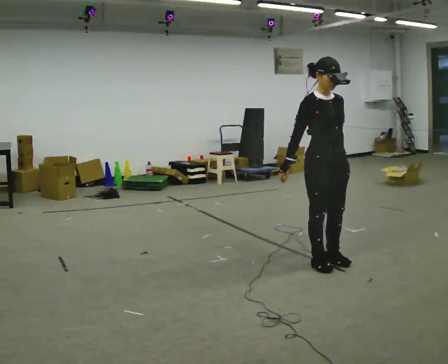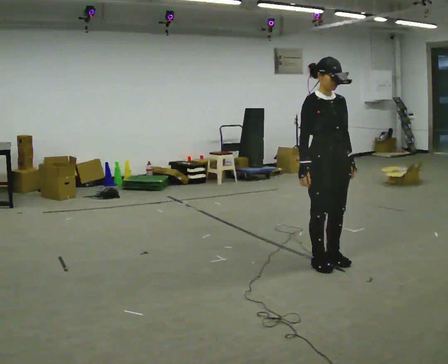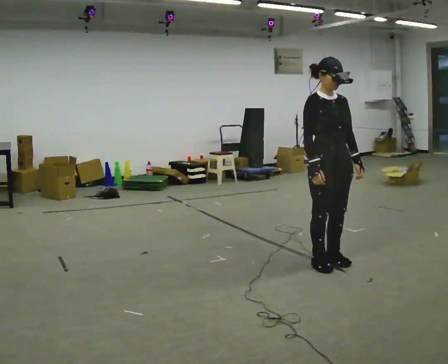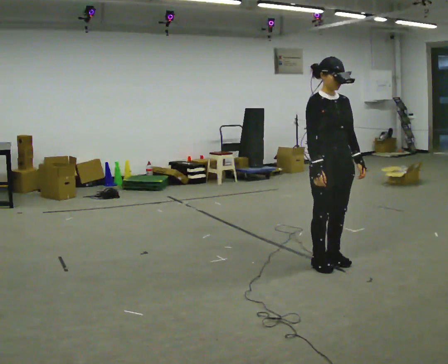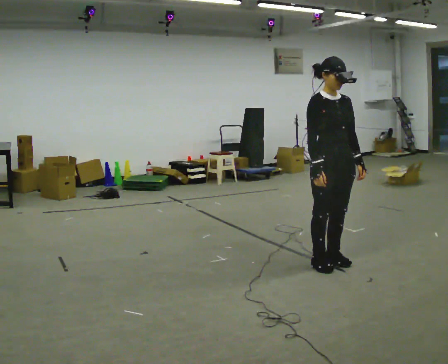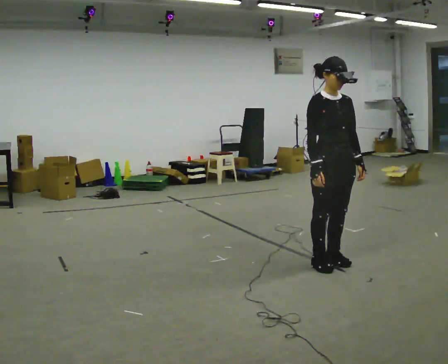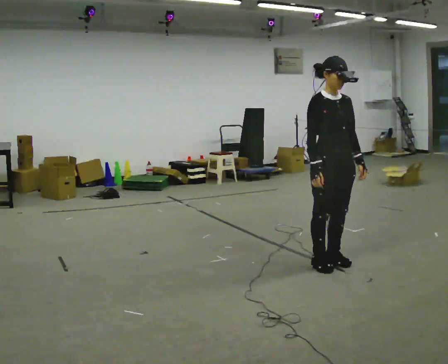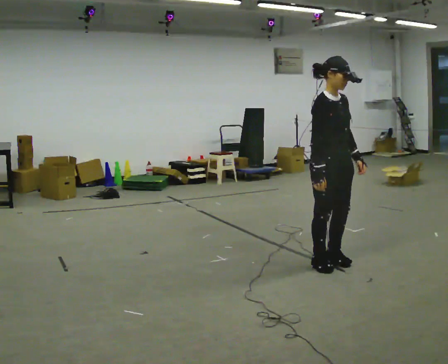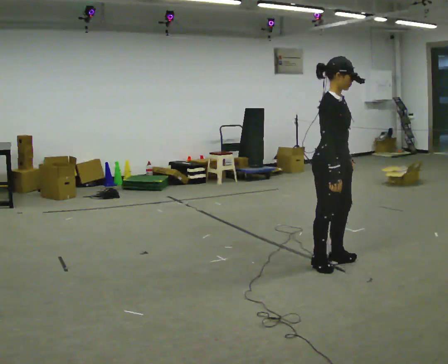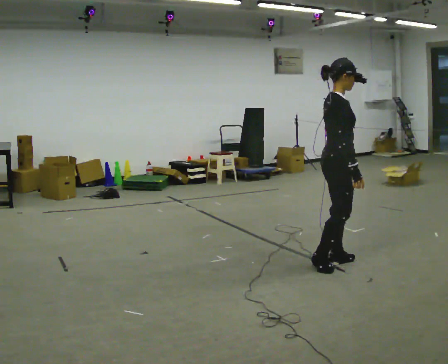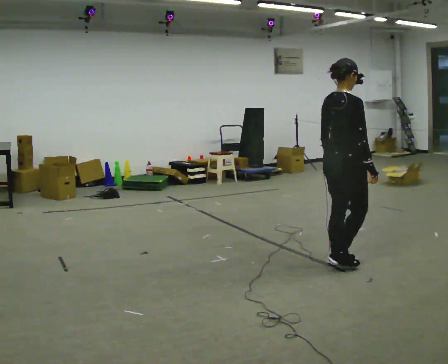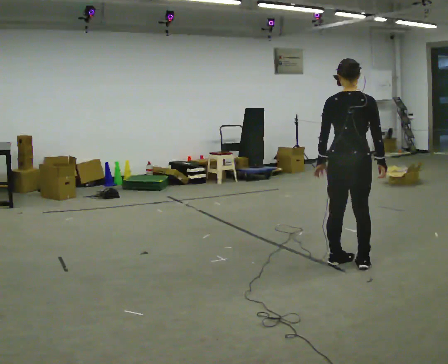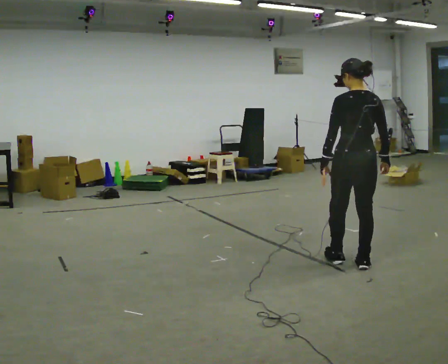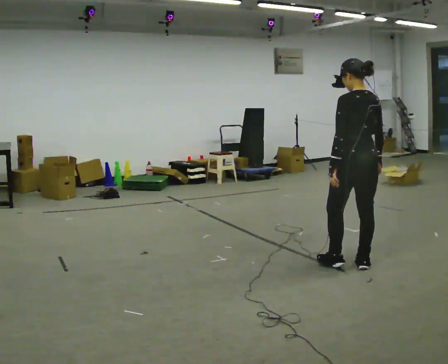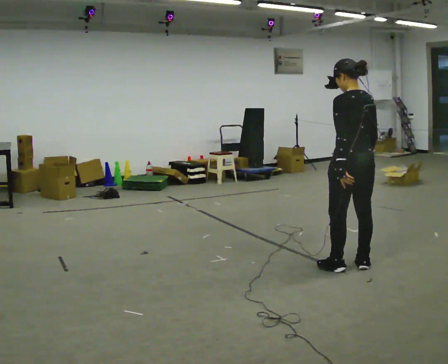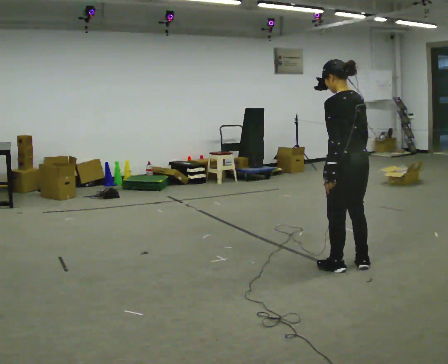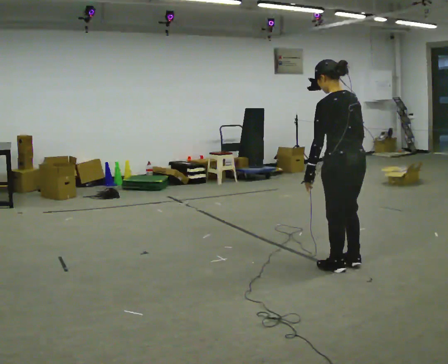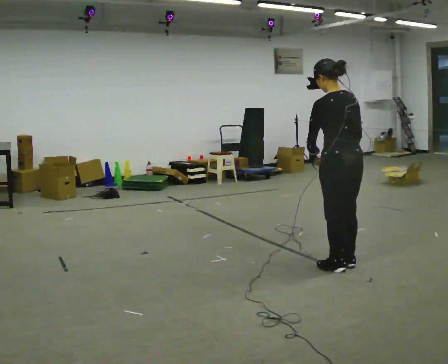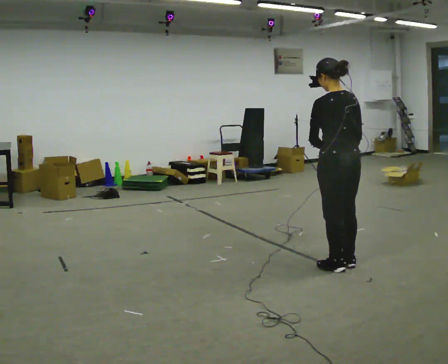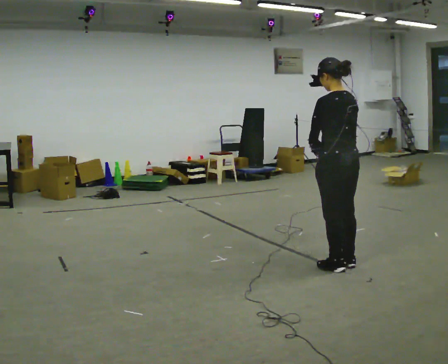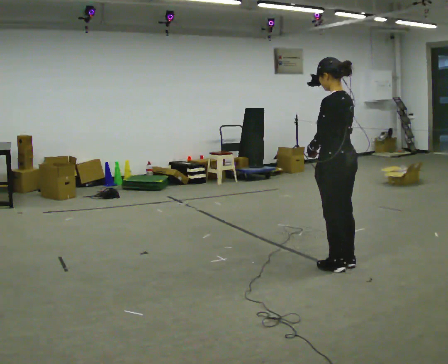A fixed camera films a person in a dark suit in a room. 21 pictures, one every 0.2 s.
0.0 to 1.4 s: The person moves a little, or ends about where they began.
1.4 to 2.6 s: The part of the body nearest the lens slides to the right as the person turns to their left by about 150 degrees. In the picture they go to the right, about 0.25 m in 1 step.
2.6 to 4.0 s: Seen from above the body turns counterclockwise, about 30 degrees: to their left, with its near side sliding to the right. In the picture their right hand goes to the left.
The film runs forward here.
